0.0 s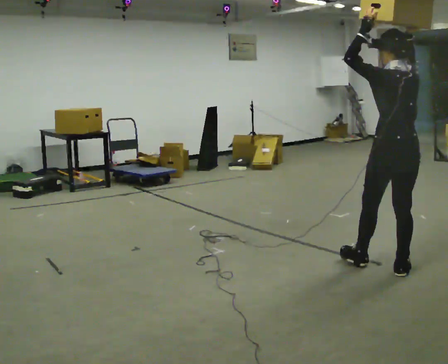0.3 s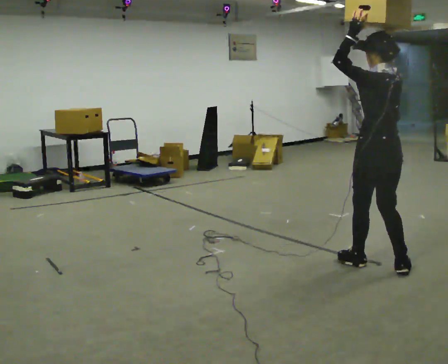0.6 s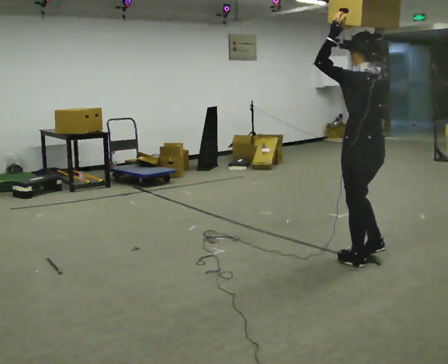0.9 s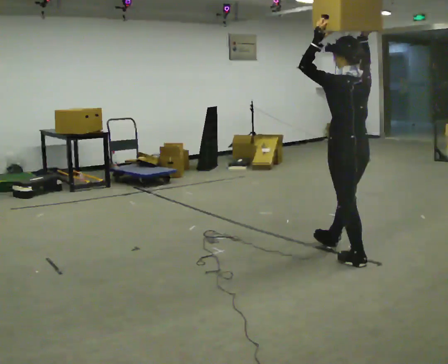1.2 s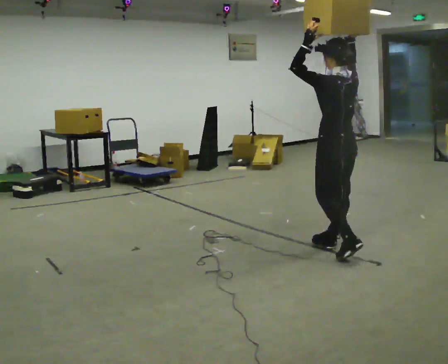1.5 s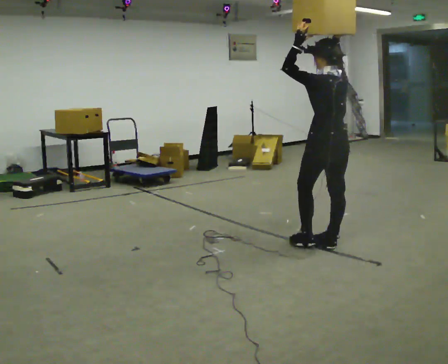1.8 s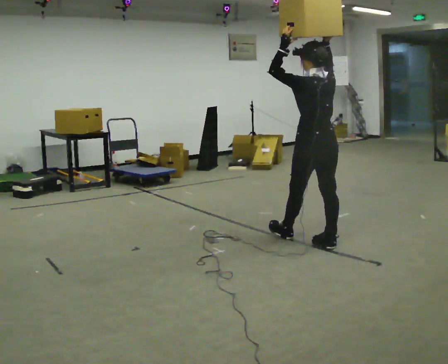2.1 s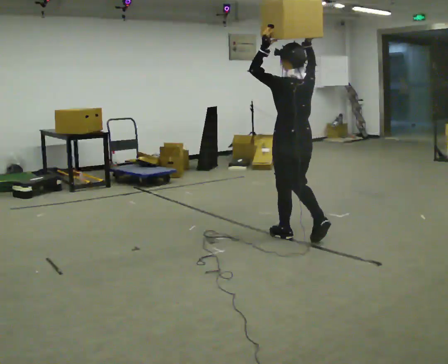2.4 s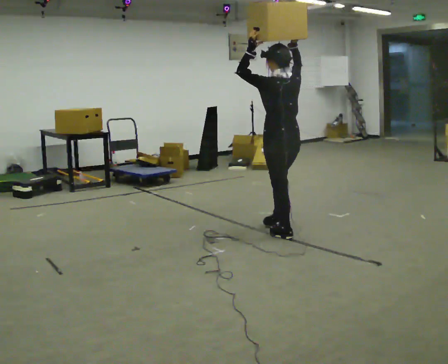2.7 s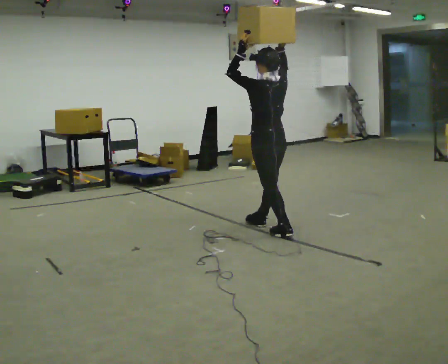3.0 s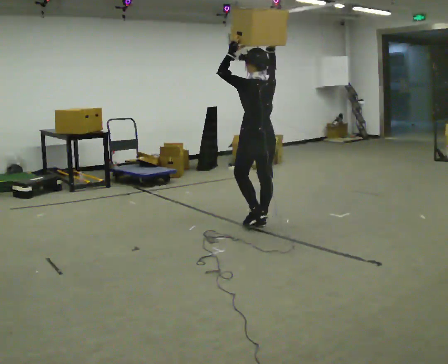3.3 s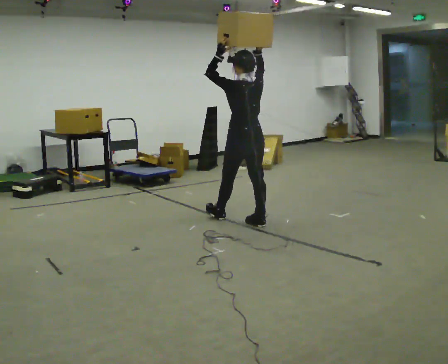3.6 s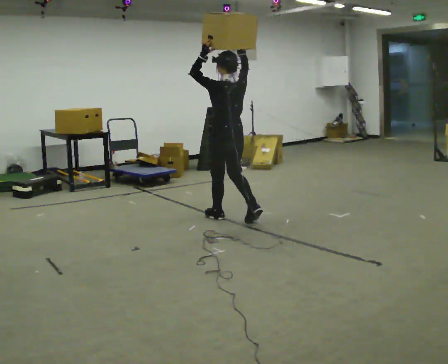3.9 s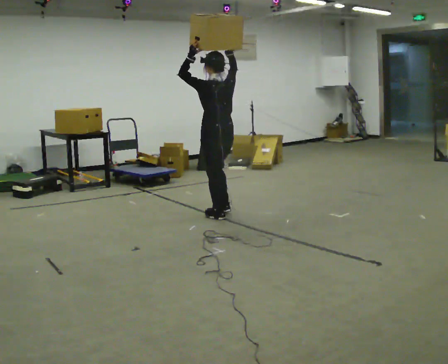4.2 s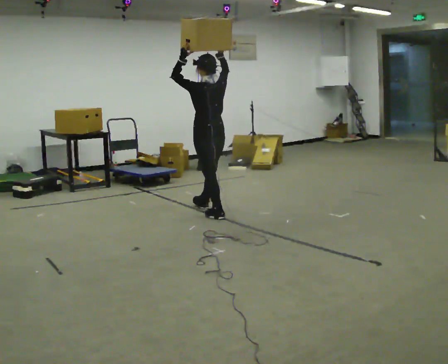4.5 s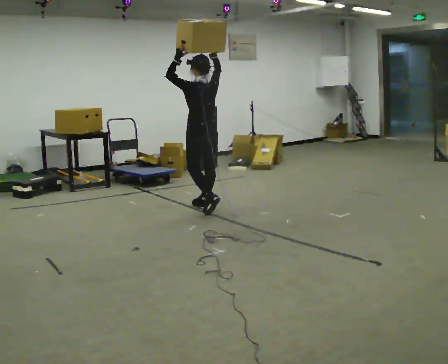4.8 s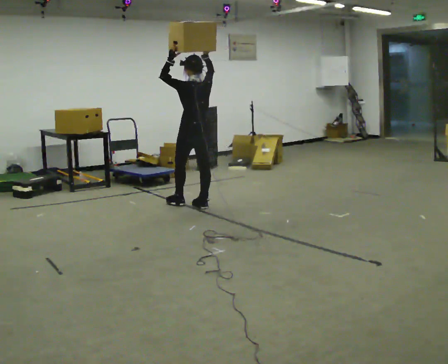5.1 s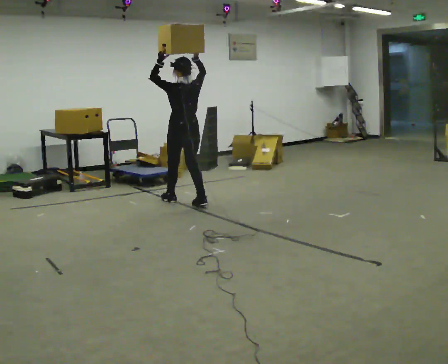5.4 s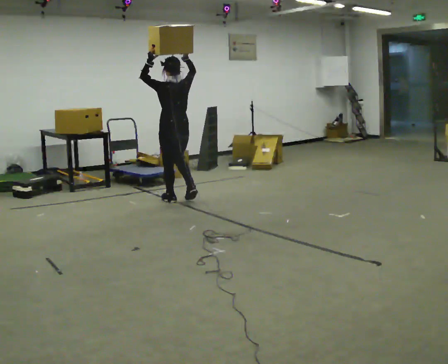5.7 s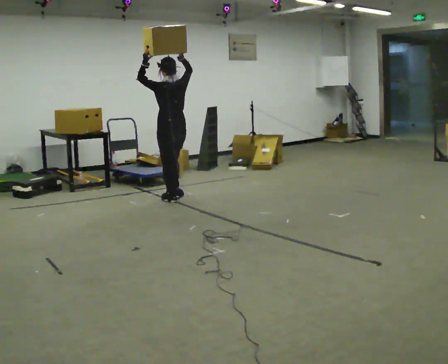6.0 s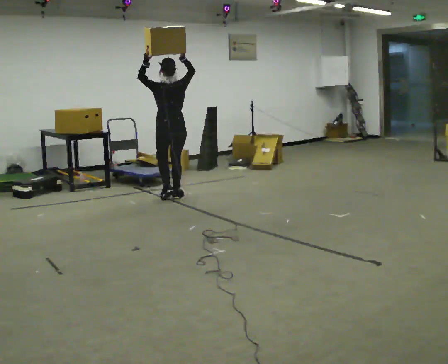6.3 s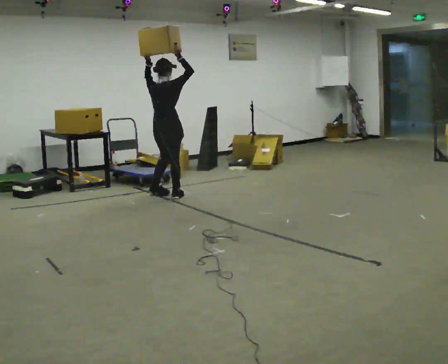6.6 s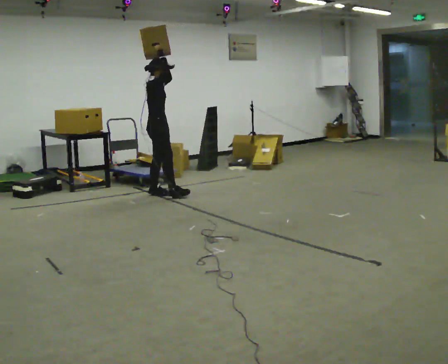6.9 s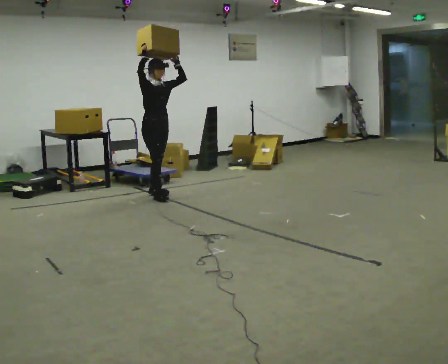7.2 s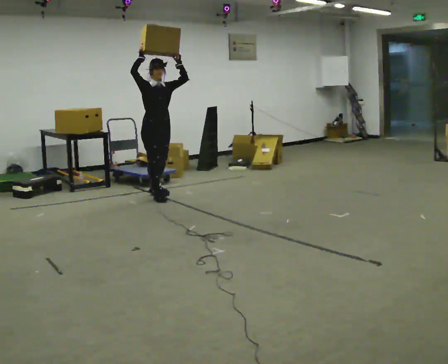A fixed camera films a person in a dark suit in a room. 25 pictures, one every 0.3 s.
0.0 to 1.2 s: In the picture they go away from the camera and to the left, about 0.5 m in 1 step, which for them is forward.
1.2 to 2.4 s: In the picture they go away from the camera and to the left, about 0.5 m in 1 step, which for them is forward.
2.4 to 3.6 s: In the picture they go away from the camera and to the left, about 0.5 m in 2 steps, which for them is forward.
3.6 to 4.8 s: In the picture they go away from the camera and to the left, about 0.75 m in 1 step, which for them is forward.
4.8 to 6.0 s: In the picture they go away from the camera and to the left, about 0.5 m in 2 steps, which for them is forward.
6.0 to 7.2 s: Seen from above the body turns clockwise, about 165 degrees: to their right, with its near side sliding to the left. In the picture they go to the left, about 0.25 m in 2 steps. In the picture their left hand goes to the right.
The film runs forward here.
